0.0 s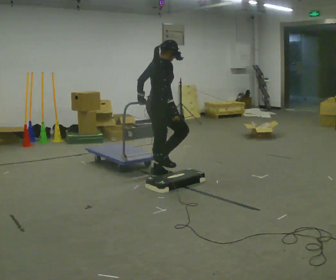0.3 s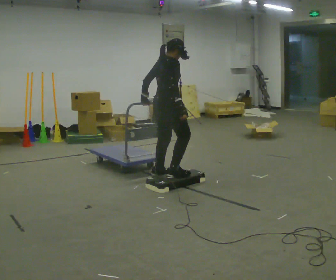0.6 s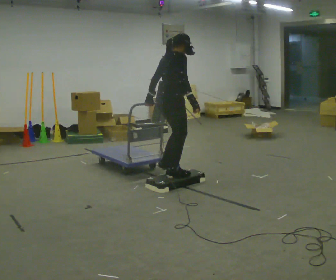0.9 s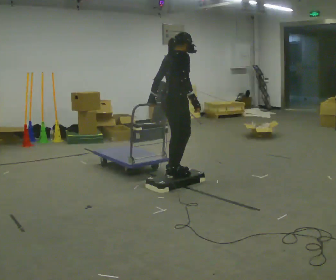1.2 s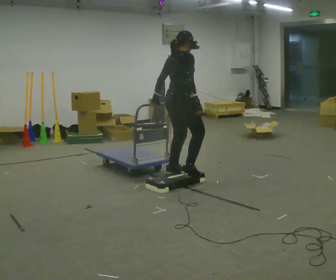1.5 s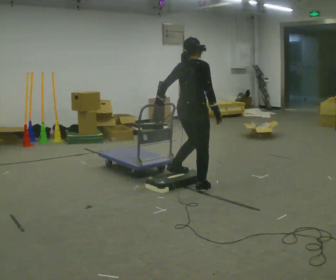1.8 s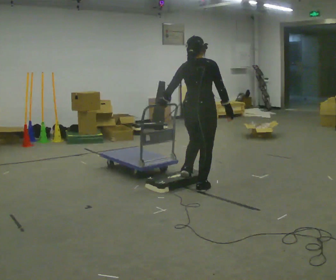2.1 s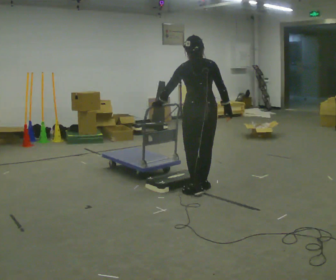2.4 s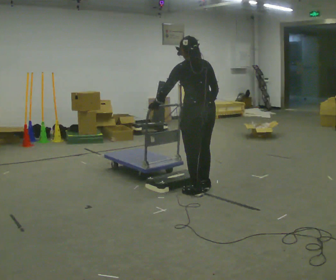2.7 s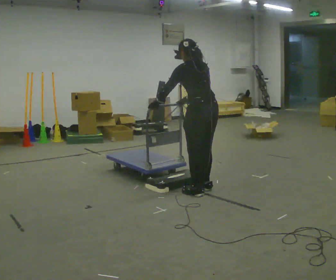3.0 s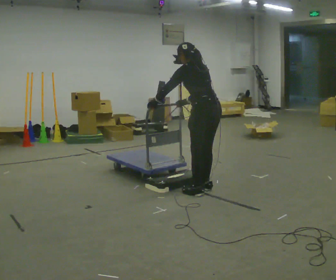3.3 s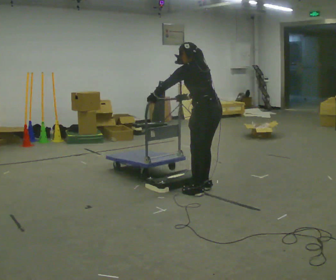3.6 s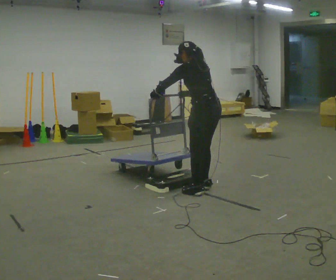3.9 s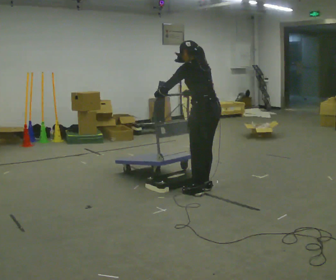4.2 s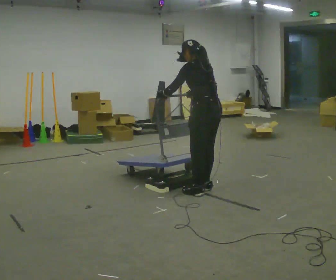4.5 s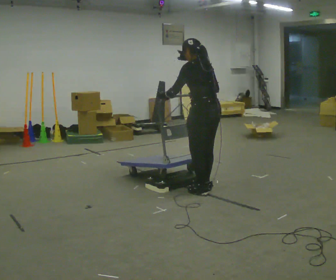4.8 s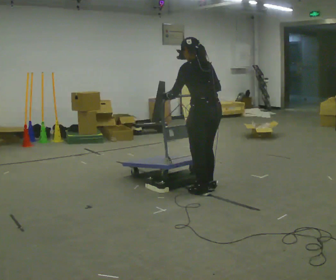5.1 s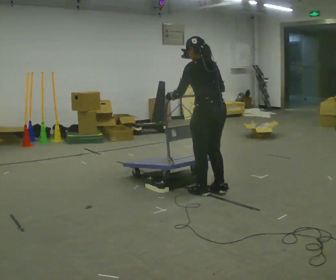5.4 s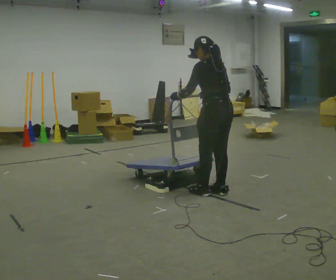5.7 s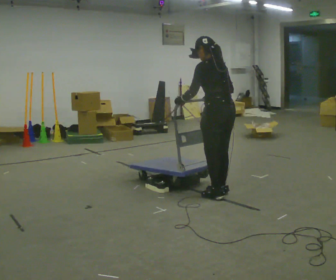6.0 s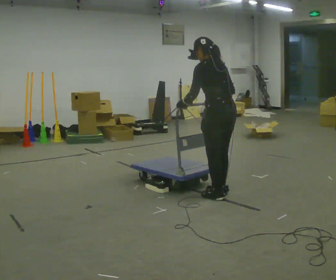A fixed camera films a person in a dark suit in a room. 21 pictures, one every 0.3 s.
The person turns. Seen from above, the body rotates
counterclockwise.
The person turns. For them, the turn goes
to their left.
0.0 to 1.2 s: In the picture they go to the right and toward the camera, about 0.25 m in 2 steps, which for them is to their right.
1.2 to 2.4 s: Seen from above the body turns counterclockwise, about 90 degrees: to their left, with its near side sliding to the right. In the picture they go toward the camera and to the right, about 0.5 m in 2 steps.
2.4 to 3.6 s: The person turns about 30 degrees to their left, counterclockwise seen from above, so the part of the body nearest the lens slides to the right.
3.6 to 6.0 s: In the picture they go toward the camera, about 0.25 m in 2 steps, which for them is backward.
The film runs forward here.
